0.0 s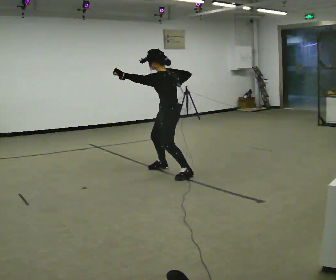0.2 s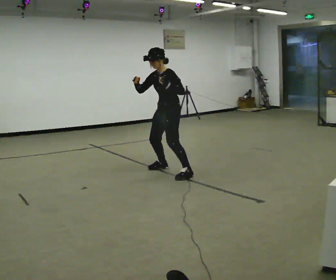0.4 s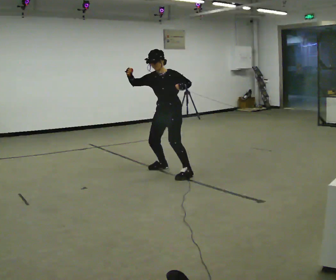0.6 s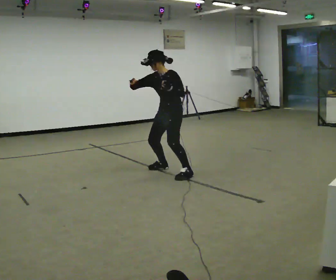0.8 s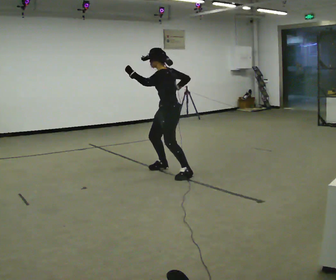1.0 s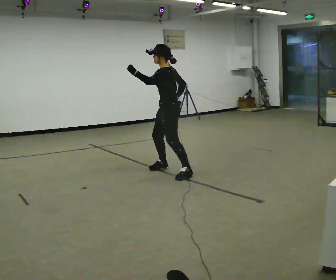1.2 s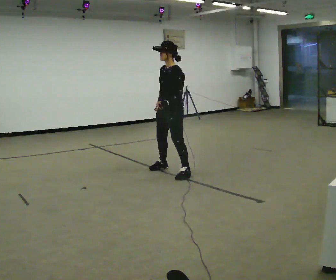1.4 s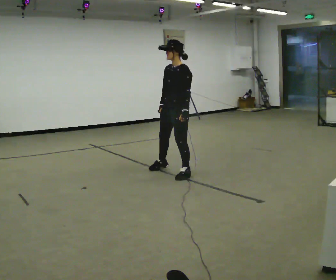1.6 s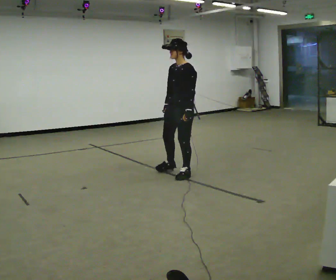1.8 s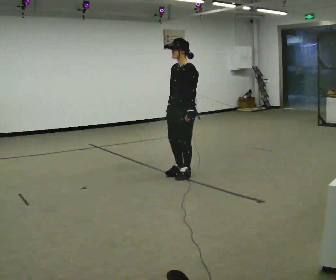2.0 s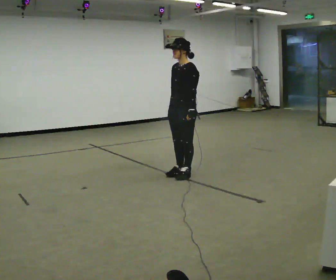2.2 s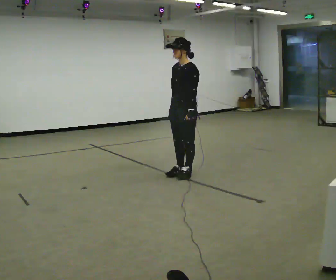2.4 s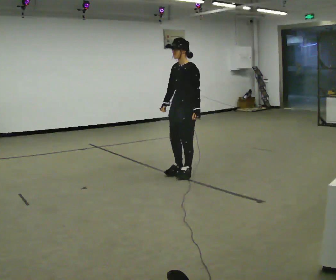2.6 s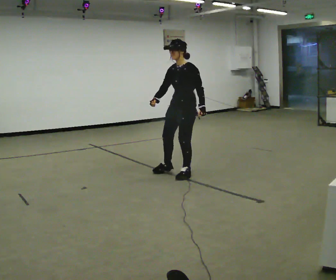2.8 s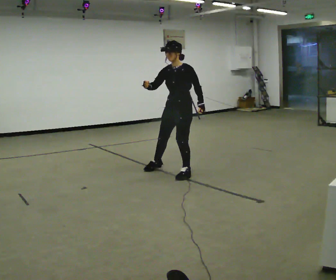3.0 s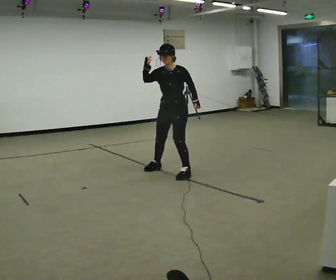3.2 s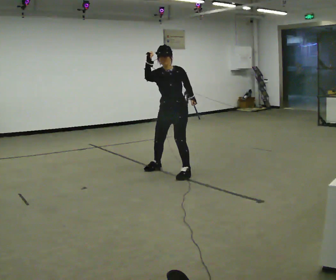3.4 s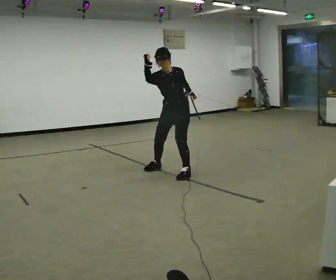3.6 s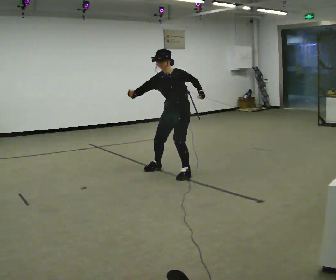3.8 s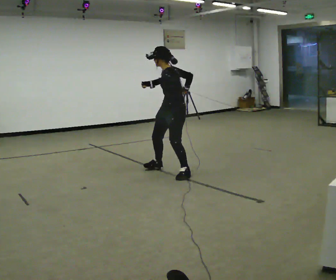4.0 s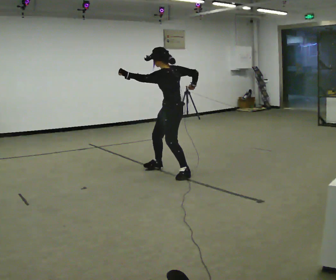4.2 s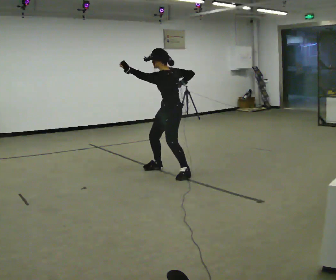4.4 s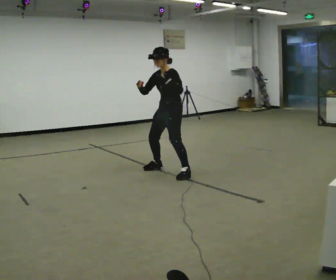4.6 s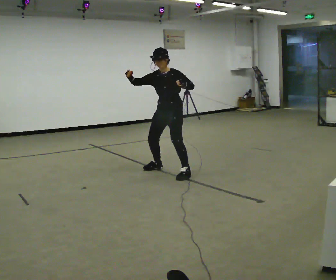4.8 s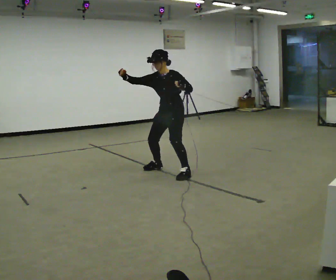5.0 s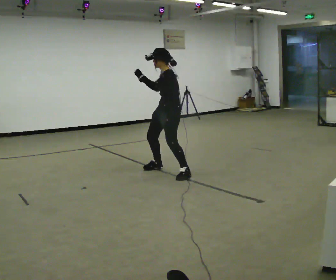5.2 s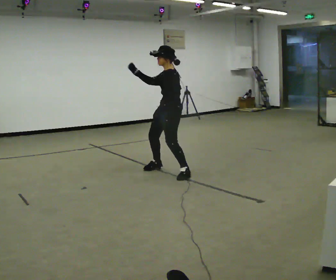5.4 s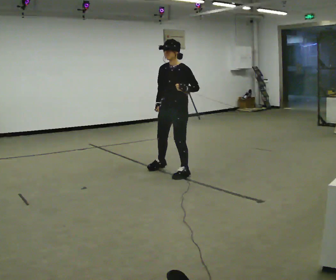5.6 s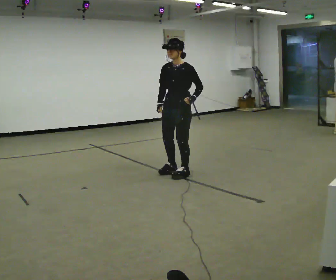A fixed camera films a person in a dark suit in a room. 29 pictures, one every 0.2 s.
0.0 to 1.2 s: The part of the body nearest the lens slides to the right as the person turns to their left by about 45 degrees. In the picture their left hand goes to the right.
1.2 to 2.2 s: In the picture they go toward the camera and to the right, about 0.25 m in 1 step, which for them is to their left. In the picture their left hand goes to the right.
2.2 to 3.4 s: Seen from above the body turns counterclockwise, about 45 degrees: to their left, with its near side sliding to the right. In the picture they go away from the camera, about 0.25 m in 1 step, which for them is to their right. In the picture the upper body tilts counterclockwise, shoulders to the left. In the picture their right hand goes upward.
3.4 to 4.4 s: The part of the body nearest the lens slides to the left as the person turns to their right by about 45 degrees. In the picture their left hand goes to the left.
4.4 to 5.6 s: The part of the body nearest the lens slides to the right as the person turns to their left by about 30 degrees. In the picture they go toward the camera, about 0.25 m in 1 step, which for them is to their left. In the picture their left hand goes to the right.
The film runs backward here.
